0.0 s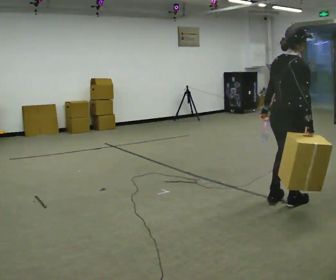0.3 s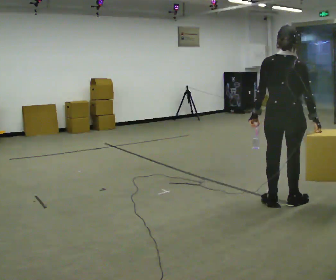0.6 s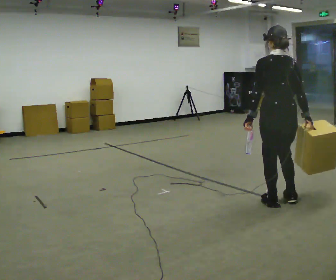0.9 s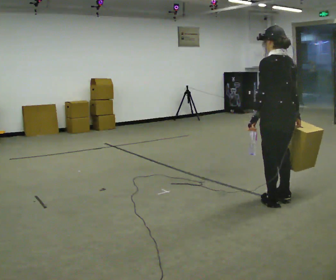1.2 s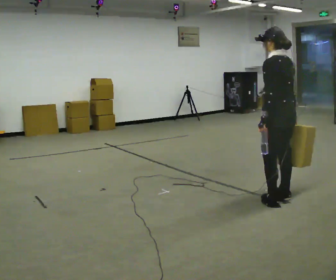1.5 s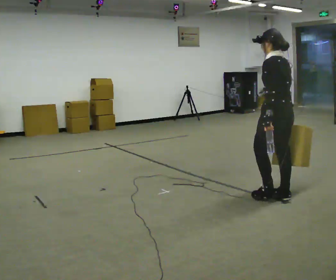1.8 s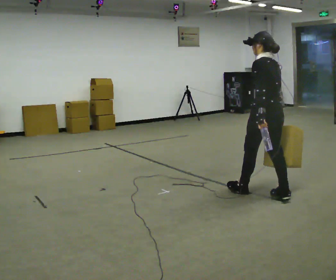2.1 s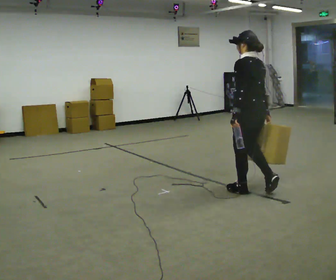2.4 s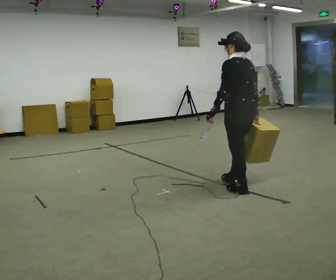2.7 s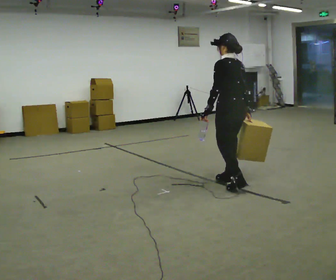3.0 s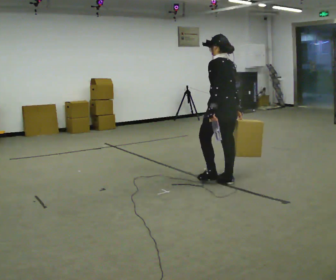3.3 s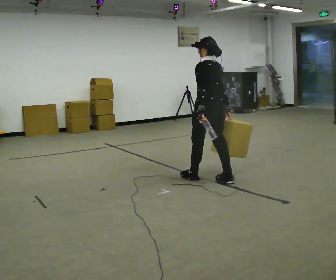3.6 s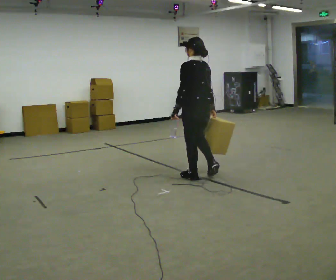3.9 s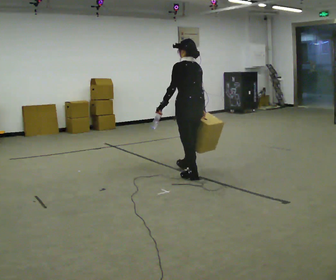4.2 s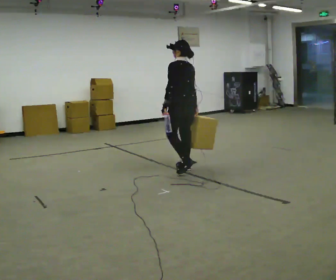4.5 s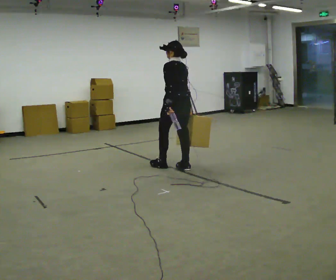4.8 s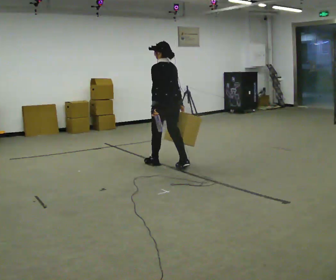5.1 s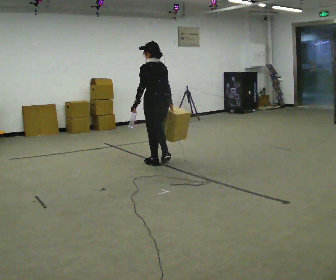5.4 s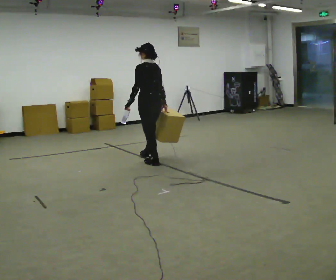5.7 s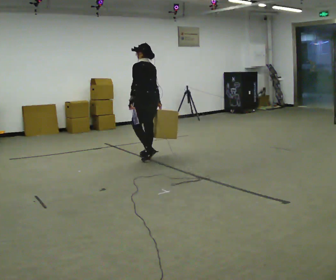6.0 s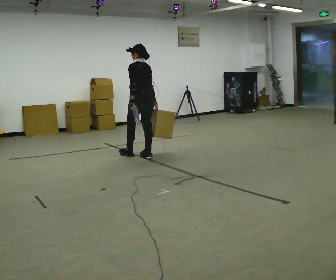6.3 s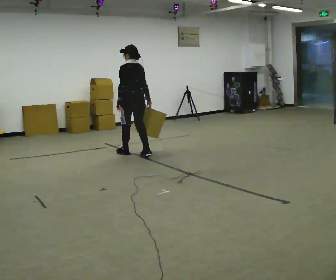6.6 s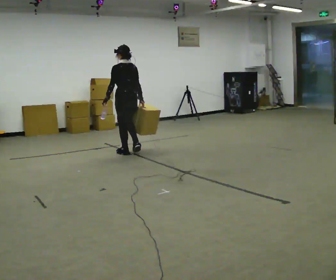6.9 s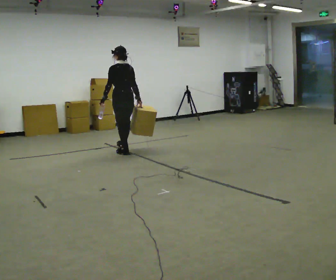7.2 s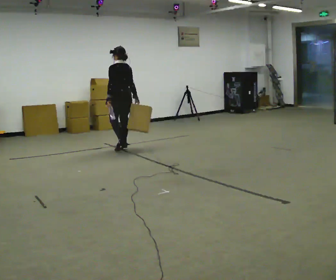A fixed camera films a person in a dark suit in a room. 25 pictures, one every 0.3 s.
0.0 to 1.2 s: The person turns about 90 degrees to their left, counterclockwise seen from above, so the part of the body nearest the lens slides to the right.
1.2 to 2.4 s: In the picture they go away from the camera and to the left, about 0.5 m in 1 step, which for them is forward.
2.4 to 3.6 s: In the picture they go away from the camera and to the left, about 0.75 m in 2 steps, which for them is forward.
3.6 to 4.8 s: In the picture they go away from the camera and to the left, about 0.75 m in 2 steps, which for them is forward.
4.8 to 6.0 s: In the picture they go away from the camera and to the left, about 0.5 m in 1 step, which for them is forward.
6.0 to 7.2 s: In the picture they go away from the camera and to the left, about 0.5 m in 2 steps, which for them is forward.
The film runs forward here.
